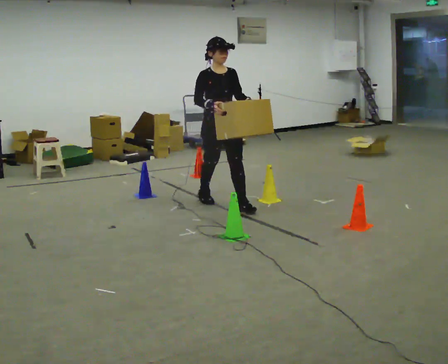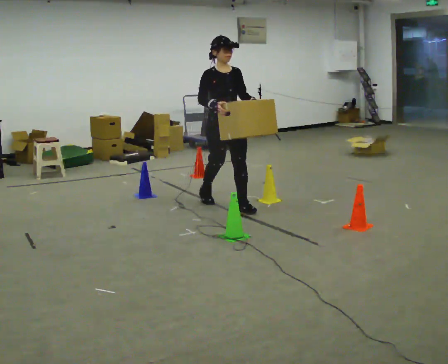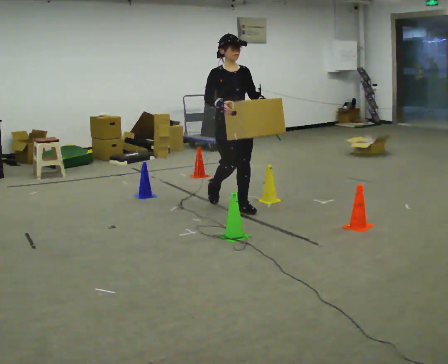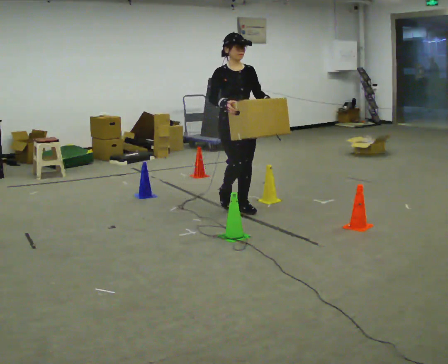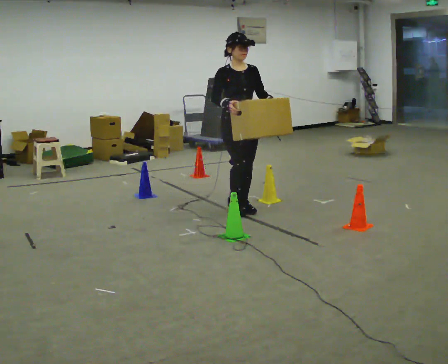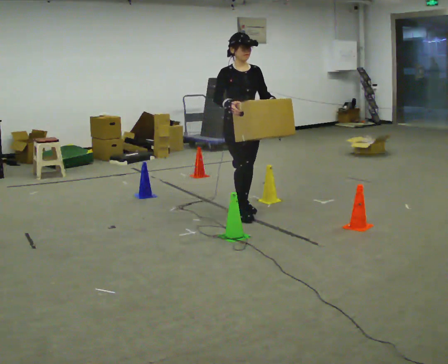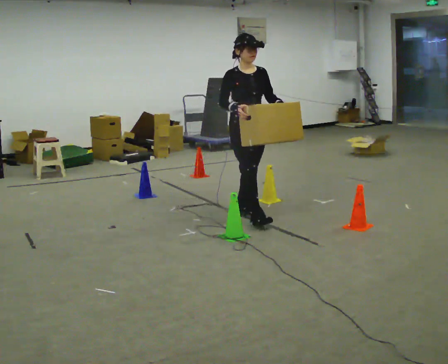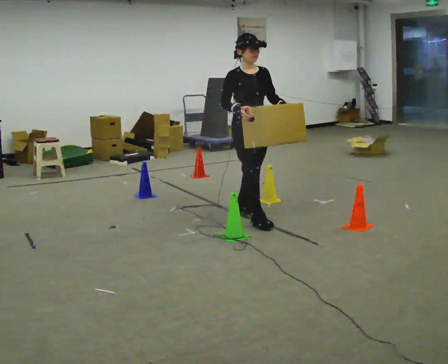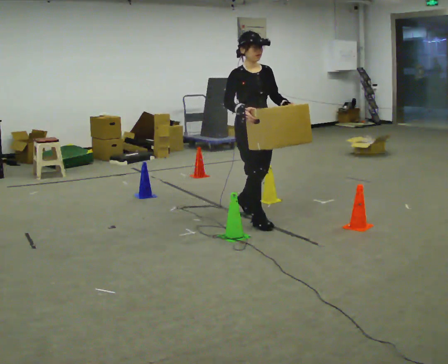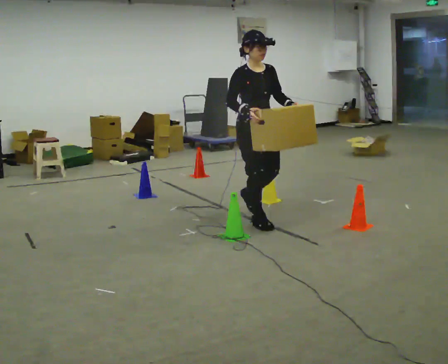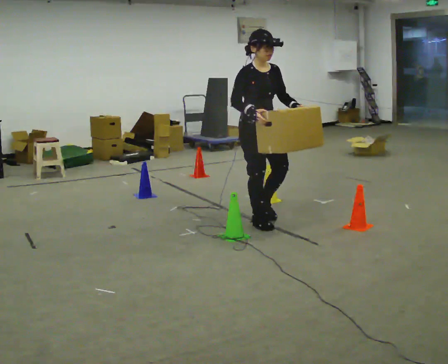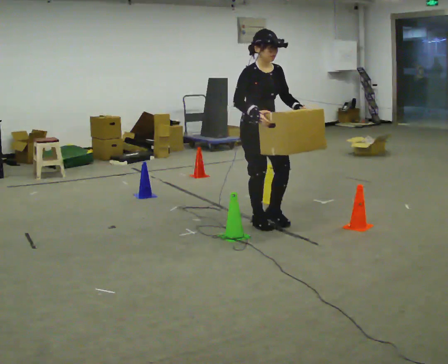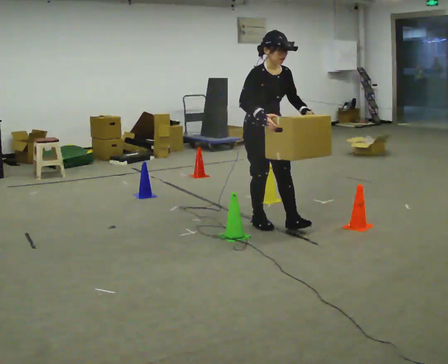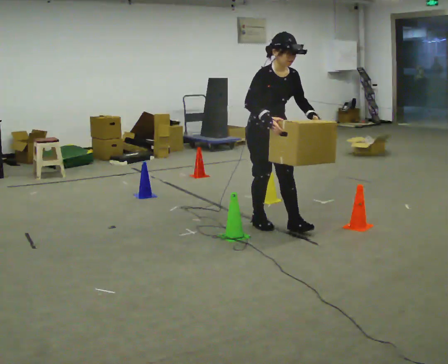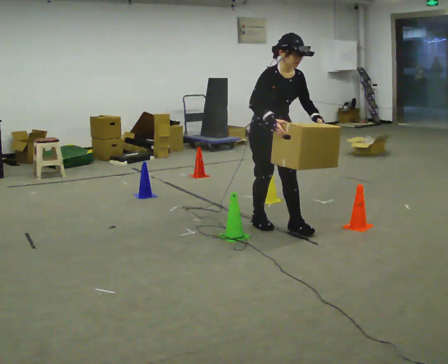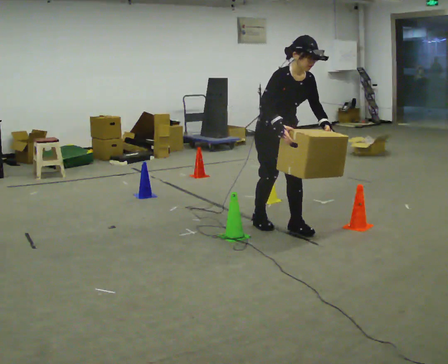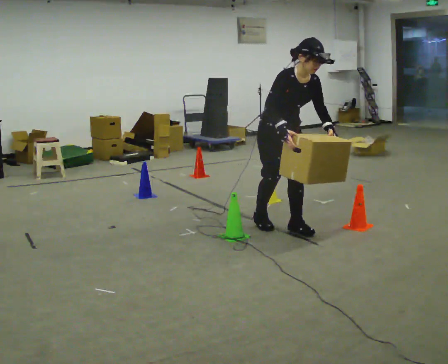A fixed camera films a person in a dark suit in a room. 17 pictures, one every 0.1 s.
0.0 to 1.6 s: In the picture they go toward the camera and to the right, about 1 m in 2 steps, which for them is forward. In the picture the upper body tilts clockwise, shoulders to the right, as they bend forward.
The film runs forward here.
